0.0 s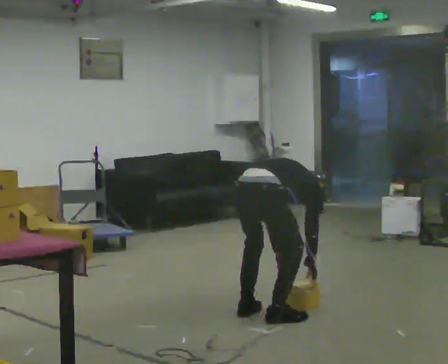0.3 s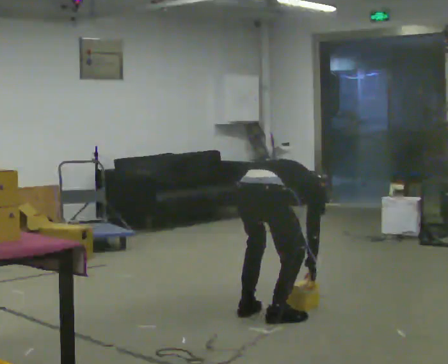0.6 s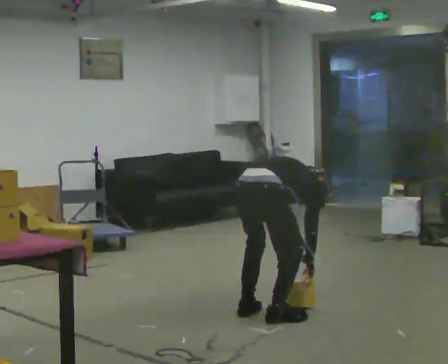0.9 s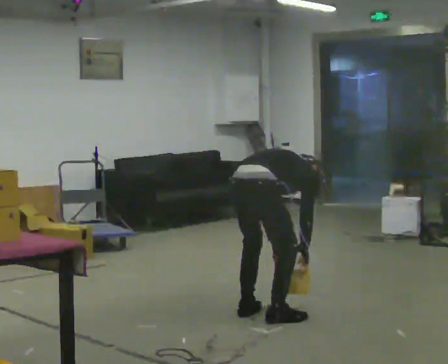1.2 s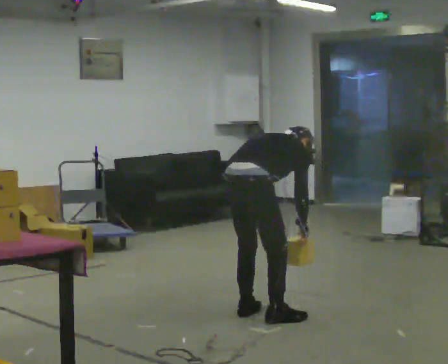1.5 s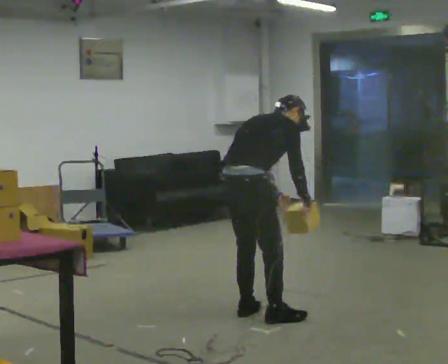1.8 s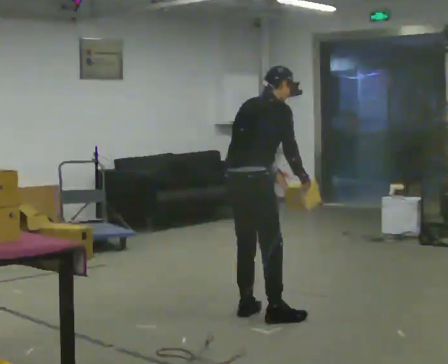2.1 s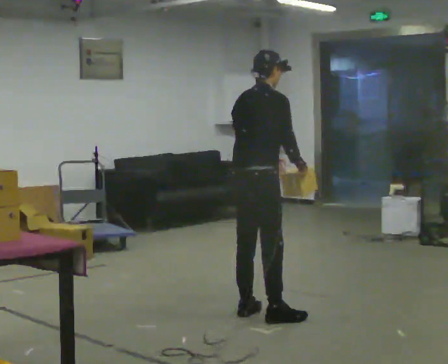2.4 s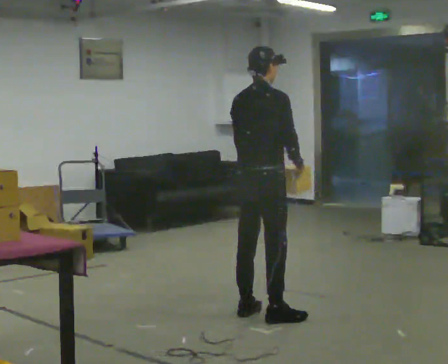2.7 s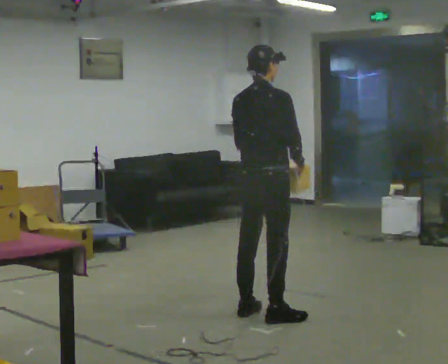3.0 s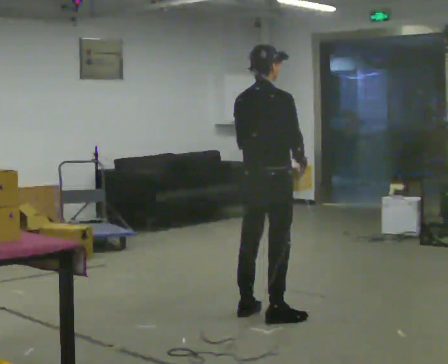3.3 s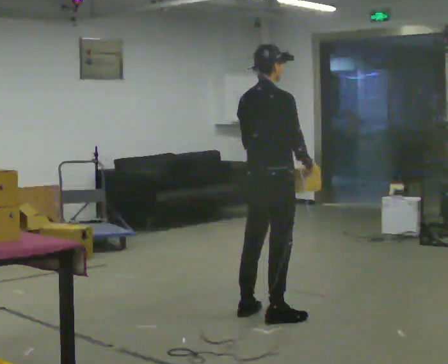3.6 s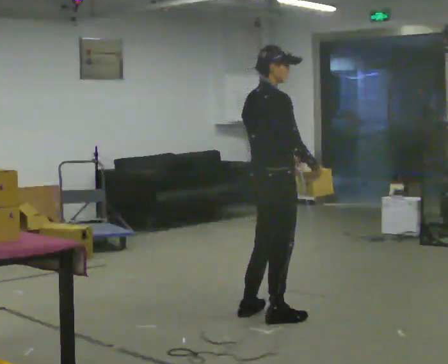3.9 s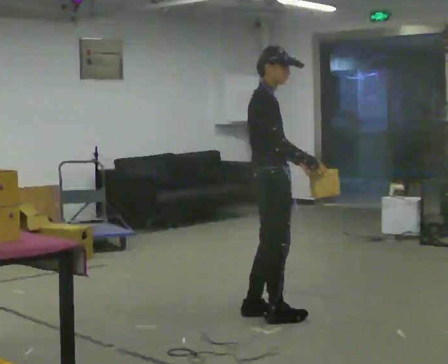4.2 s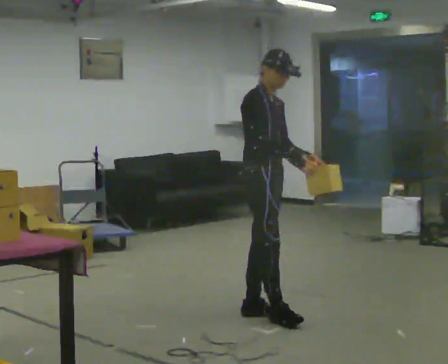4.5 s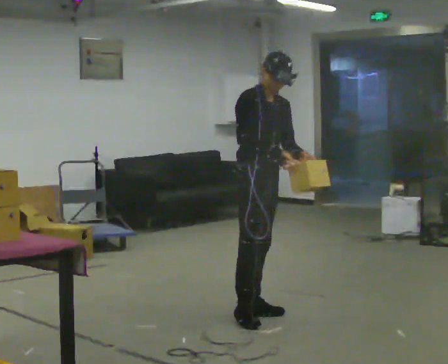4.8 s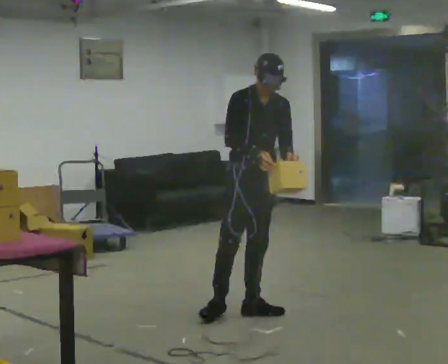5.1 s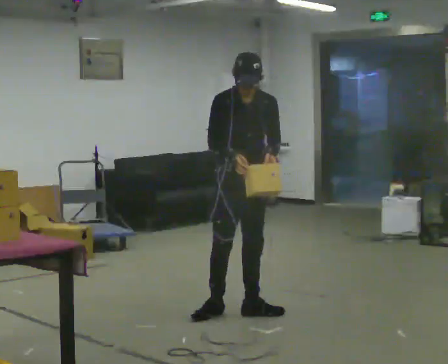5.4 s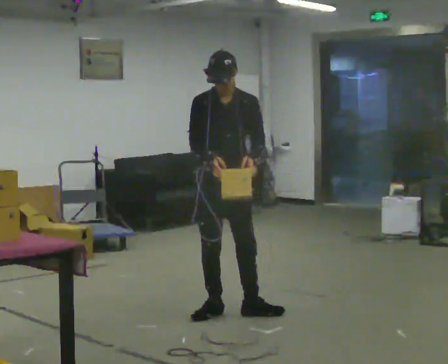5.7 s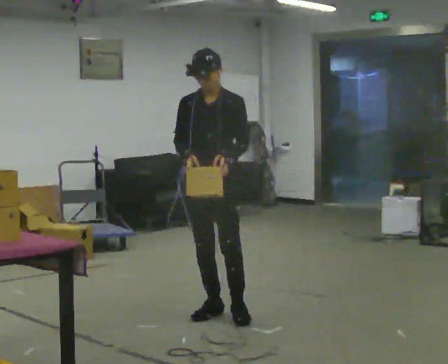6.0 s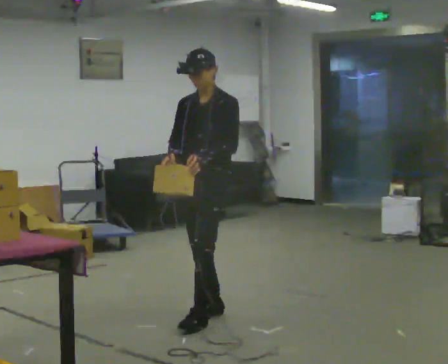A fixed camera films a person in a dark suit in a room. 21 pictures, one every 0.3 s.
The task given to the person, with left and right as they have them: Carry the box over and put it on the shelf with the label facing out towards you. Get the orientation right, not just the position. Keep going until the operator says stop; one object at a time, and do not rush between trips.
0.0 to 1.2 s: The upper body goes upward. The upper body tips toward the camera, its near side rolling downward, as they lean back or straighten.
1.2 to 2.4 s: The upper body goes upward. The upper body tips toward the camera, its near side rolling downward, as they lean back or straighten. In the picture their left hand goes upward.
2.4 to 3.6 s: The person moves a little, or ends about where they began.
3.6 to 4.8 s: Seen from above the body turns clockwise, about 90 degrees: to their right, with its near side sliding to the left. In the picture they go away from the camera, about 0.25 m in 1 step. In the picture their right hand goes to the left, the arm swinging clockwise.
4.8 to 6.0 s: The part of the body nearest the lens slides to the left as the person turns to their right by about 60 degrees. In the picture they go to the left, about 0.25 m.
The film runs forward here.
